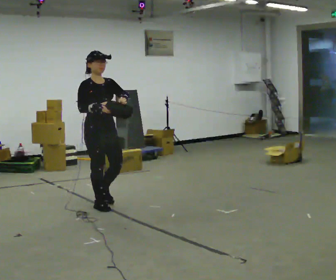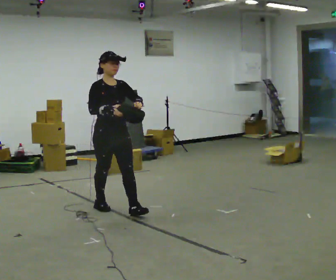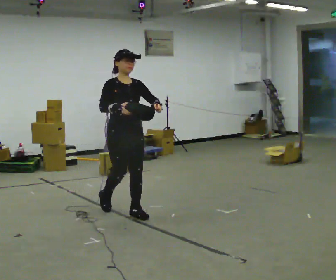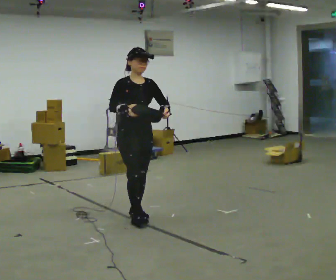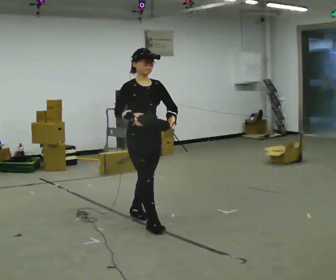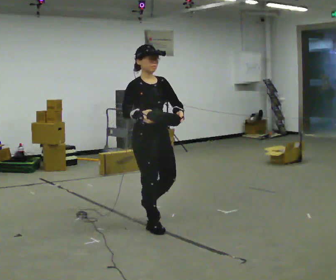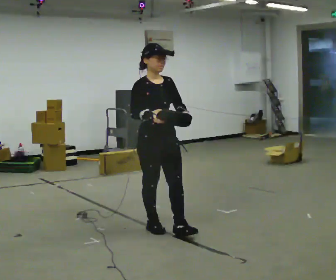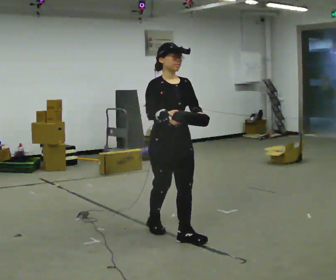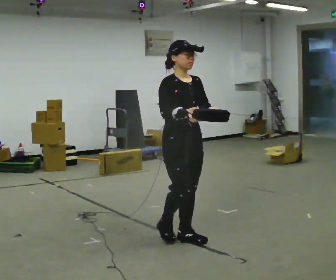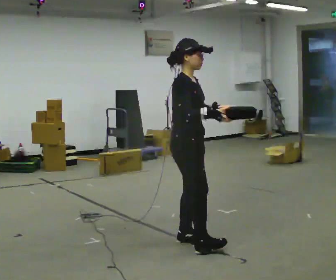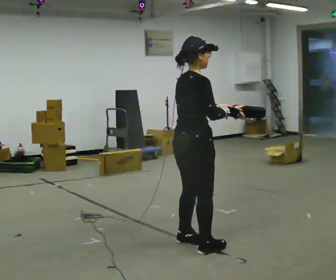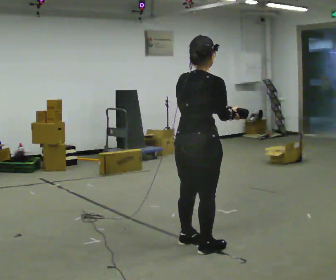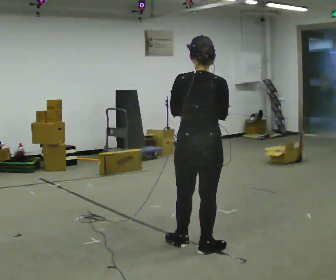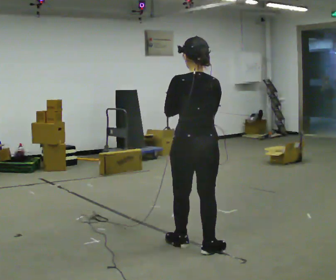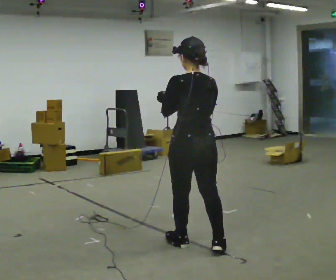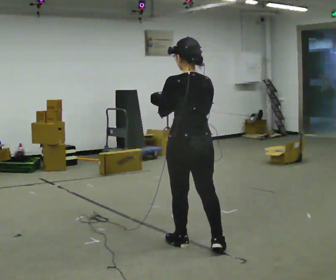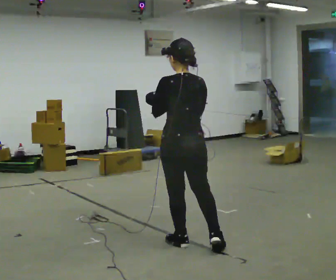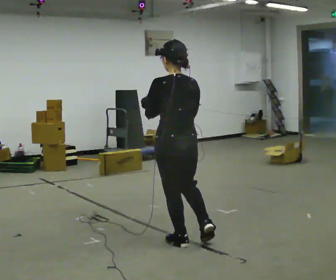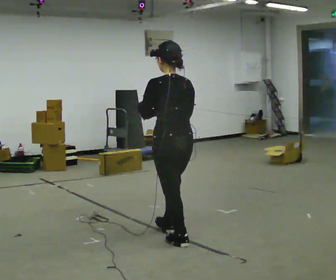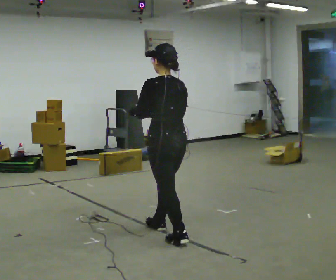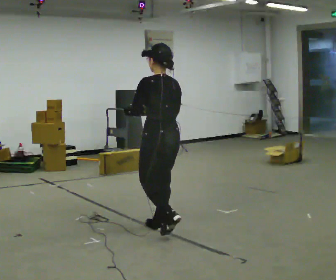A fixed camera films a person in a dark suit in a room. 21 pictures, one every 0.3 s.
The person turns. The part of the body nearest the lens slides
to the right.
The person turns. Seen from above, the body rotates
counterclockwise.
0.0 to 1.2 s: In the picture they go to the right and toward the camera, about 0.5 m in 2 steps, which for them is forward.
1.2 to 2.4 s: In the picture they go toward the camera and to the right, about 0.5 m in 1 step, which for them is forward.
2.4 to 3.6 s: The person turns about 135 degrees to their left, counterclockwise seen from above, so the part of the body nearest the lens slides to the right. In the picture they go toward the camera and to the right, about 0.25 m in 1 step.
3.6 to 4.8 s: The person moves a little, or ends about where they began.
4.8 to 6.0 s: In the picture they go away from the camera and to the left, about 0.5 m in 1 step, which for them is forward.
The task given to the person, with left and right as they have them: Carry the bag and, while walking, undo the buckle or zip, then do it up again. Keep repeating as you walk. Do not stop.
The film runs forward here.
